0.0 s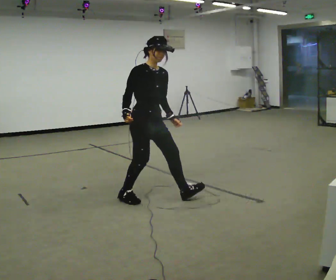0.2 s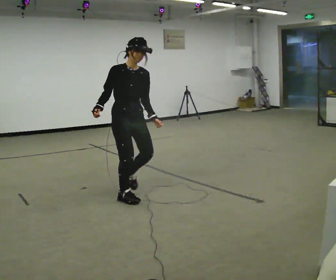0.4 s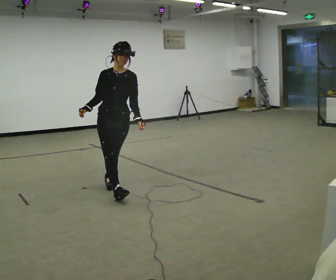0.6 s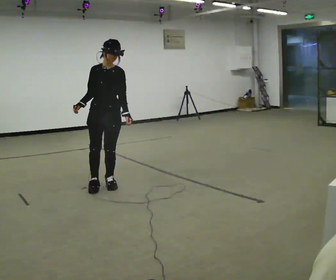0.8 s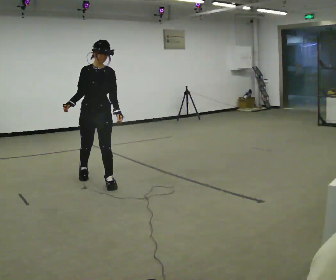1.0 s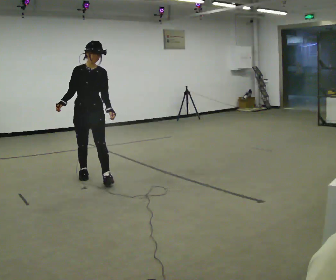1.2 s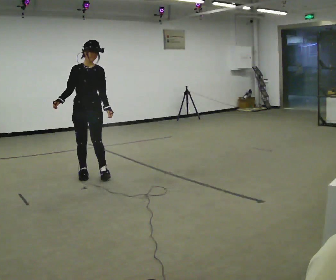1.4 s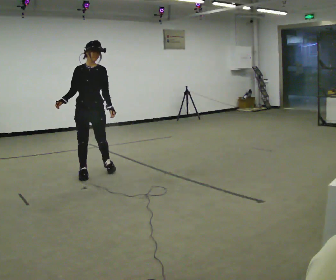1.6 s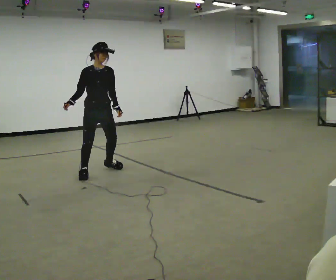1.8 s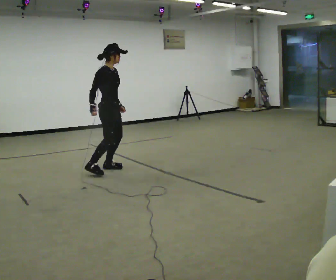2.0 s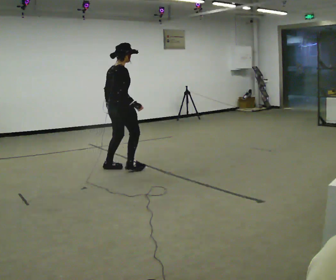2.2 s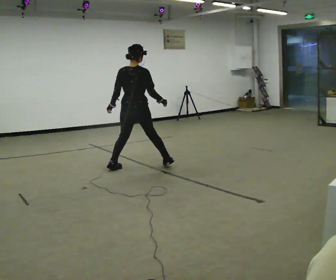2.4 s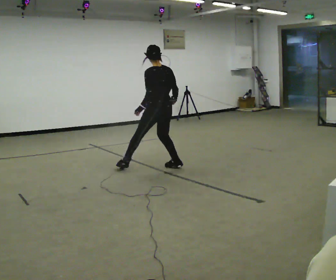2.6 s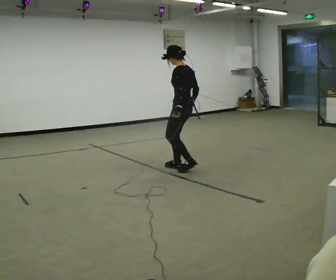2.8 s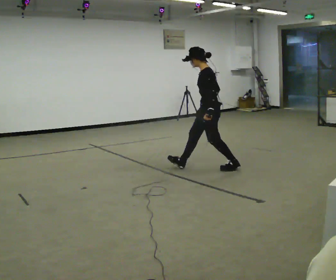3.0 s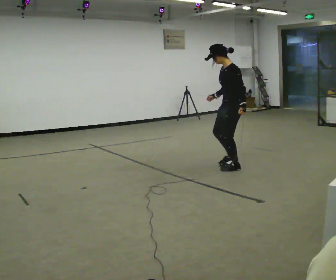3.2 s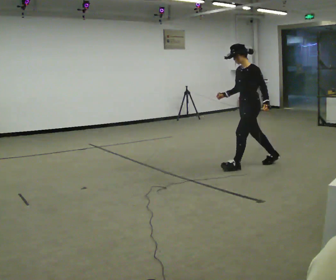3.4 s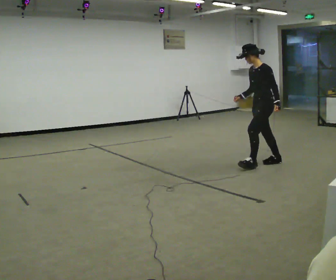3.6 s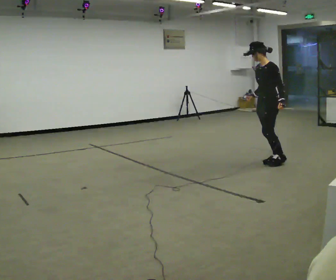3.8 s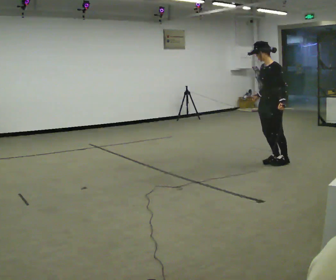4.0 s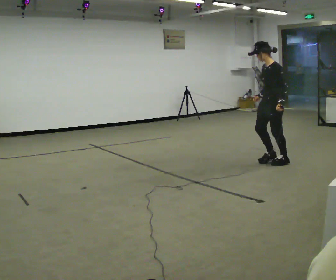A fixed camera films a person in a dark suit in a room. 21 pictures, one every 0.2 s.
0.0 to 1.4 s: The part of the body nearest the lens slides to the left as the person turns to their right by about 45 degrees. In the picture they go away from the camera and to the left, about 1 m in 2 steps, which for them is backward and to their right.
1.4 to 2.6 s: The person turns about 240 degrees to their left, counterclockwise seen from above, so the part of the body nearest the lens slides to the right. In the picture they go to the right, about 1 m in 2 steps.
2.6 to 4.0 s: Seen from above the body turns counterclockwise, about 30 degrees: to their left, with its near side sliding to the right. In the picture they go to the right, about 1 m in 3 steps, which for them is backward.
The film runs forward here.
